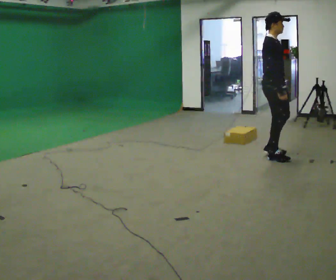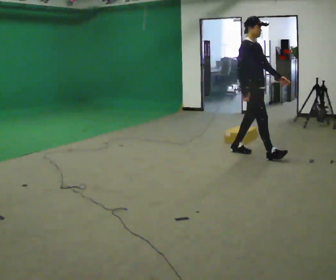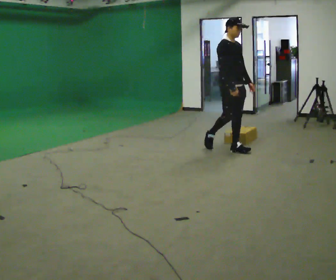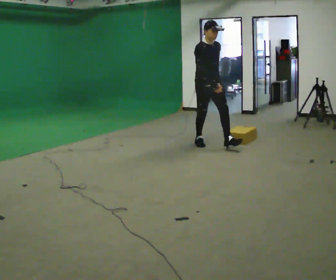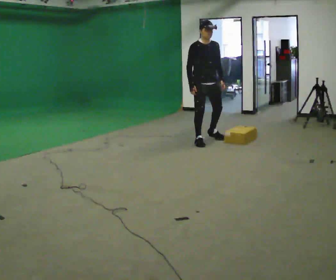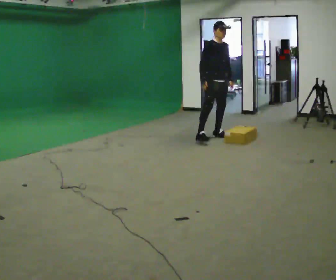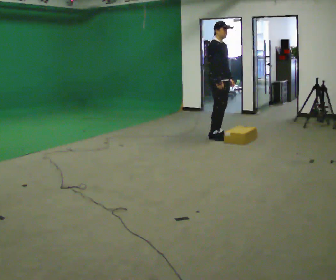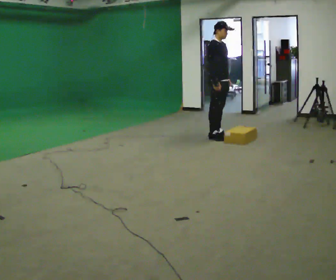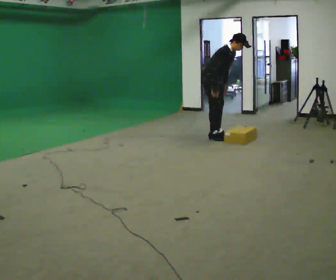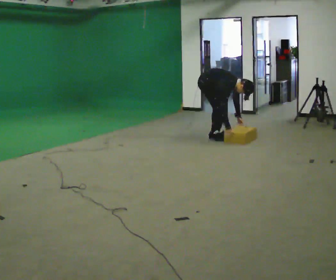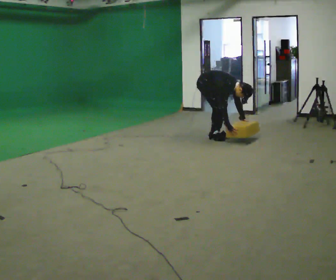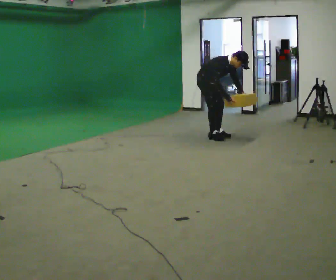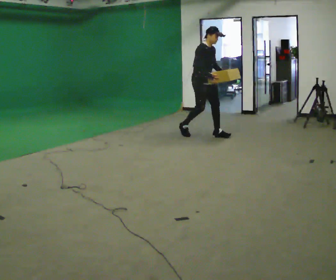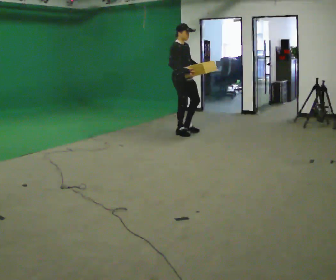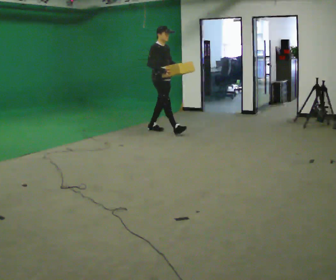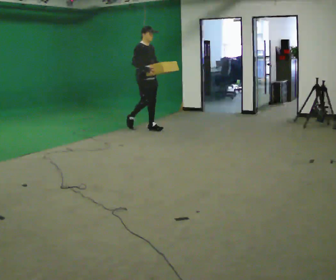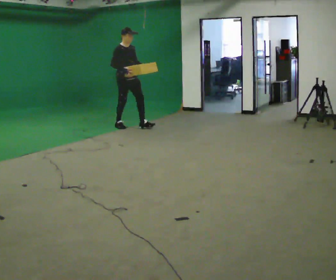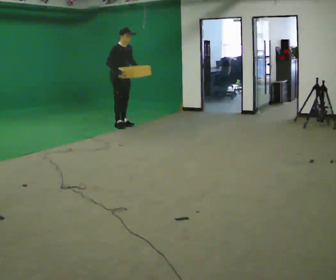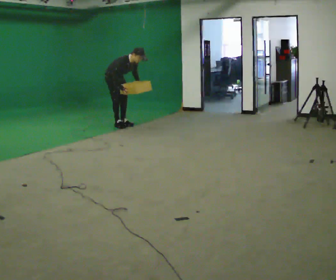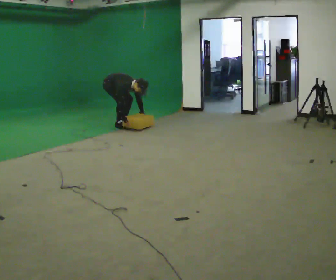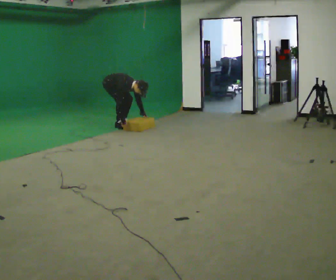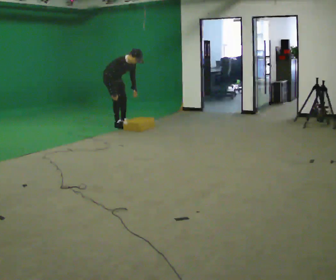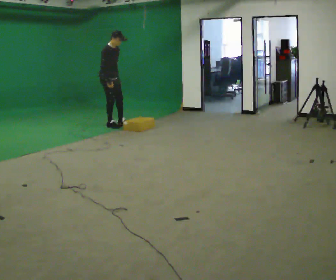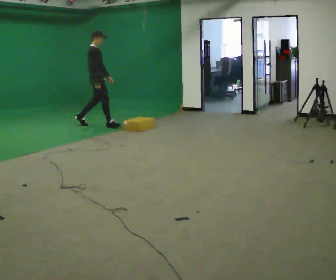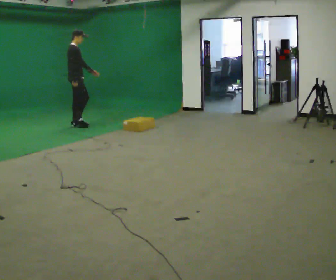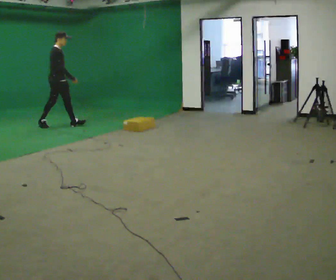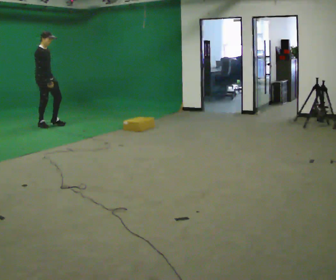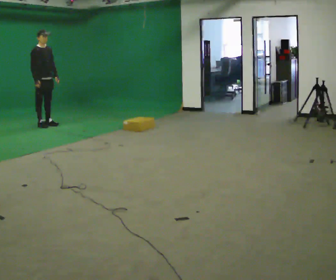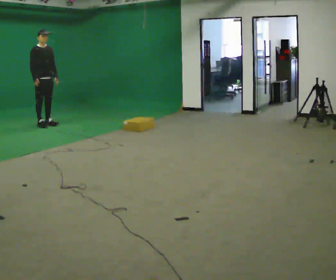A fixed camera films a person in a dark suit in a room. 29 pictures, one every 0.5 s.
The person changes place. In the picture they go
to the left.
0.0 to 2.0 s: The part of the body nearest the lens slides to the left as the person turns to their right by about 45 degrees. In the picture they go away from the camera and to the left, about 1 m in 2 steps, which for them is backward.
2.0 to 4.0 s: The person turns about 30 degrees to their left, counterclockwise seen from above, so the part of the body nearest the lens slides to the right. In the picture they go away from the camera, about 0.25 m in 1 step, which for them is to their left.
4.0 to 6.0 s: The person moves a little, or ends about where they began.
6.0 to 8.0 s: In the picture they go to the left and away from the camera, about 1.5 m in 3 steps, which for them is backward.
8.0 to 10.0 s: In the picture they go to the left and away from the camera, about 0.25 m, which for them is backward. The upper body goes downward. In the picture the upper body tilts clockwise, shoulders to the right, as they bend forward. In the picture their right hand goes downward.
10.0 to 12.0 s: Seen from above the body turns counterclockwise, about 30 degrees: to their left, with its near side sliding to the right. In the picture they go to the left, about 0.75 m in 3 steps, which for them is backward and to their right. The upper body goes upward. In the picture the upper body tilts counterclockwise, shoulders to the left, as they lean back or straighten. In the picture their right hand goes upward.
12.0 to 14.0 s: Seen from above the body turns clockwise, about 45 degrees: to their right, with its near side sliding to the left. In the picture they go to the left, about 0.5 m in 1 step, which for them is backward.
The film runs backward here.
